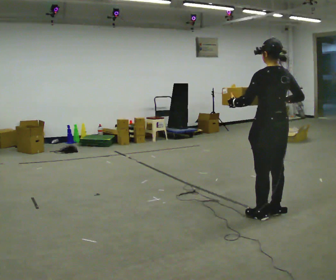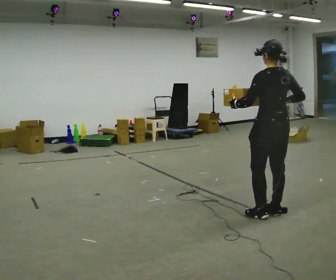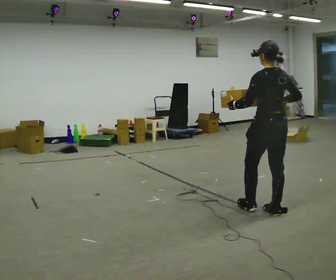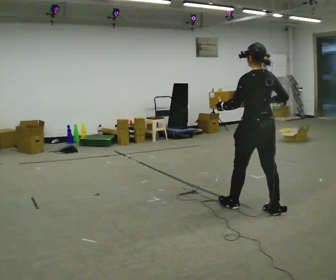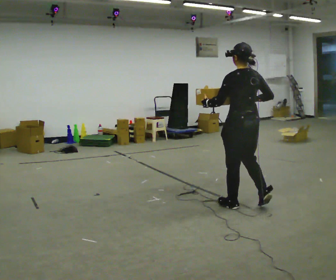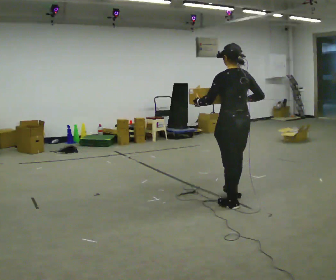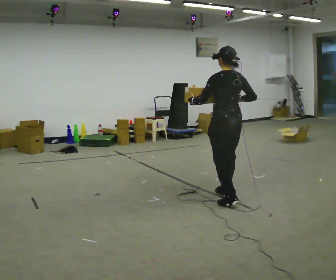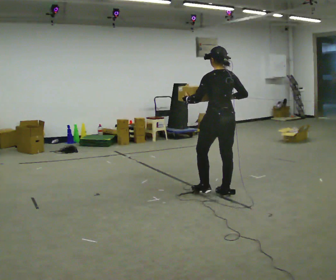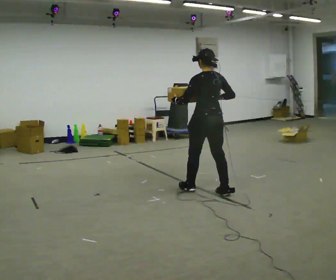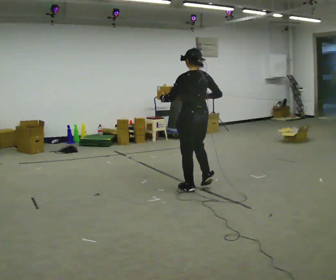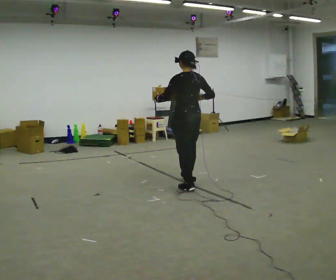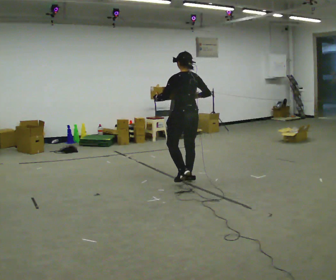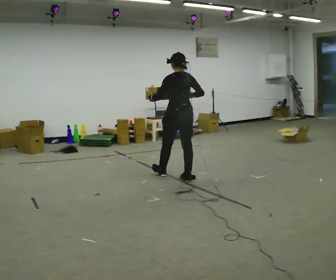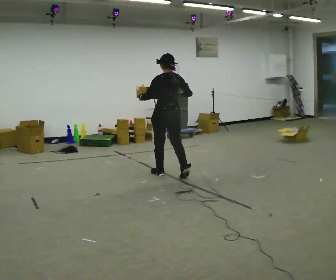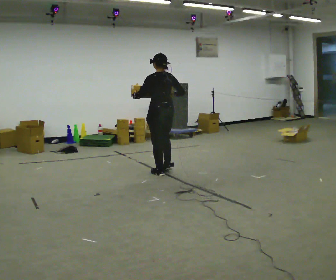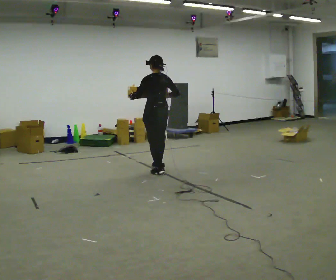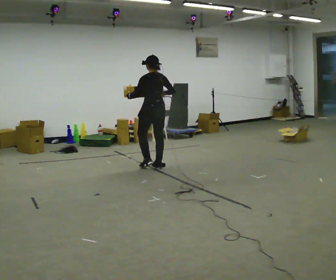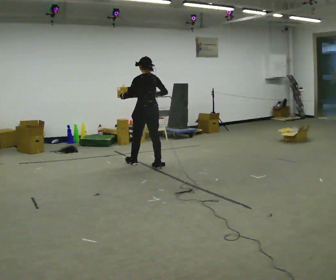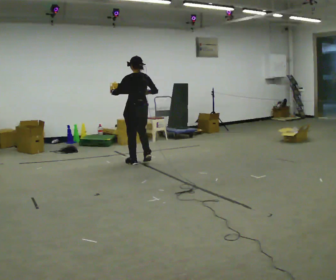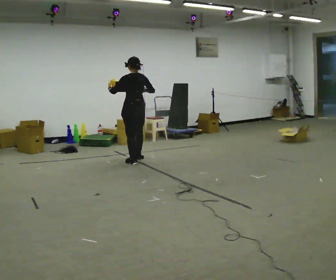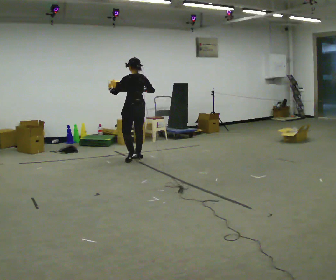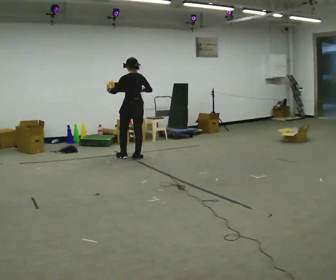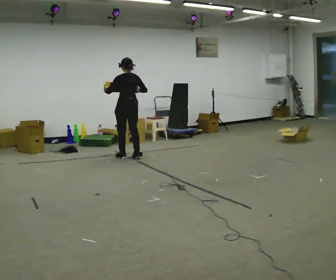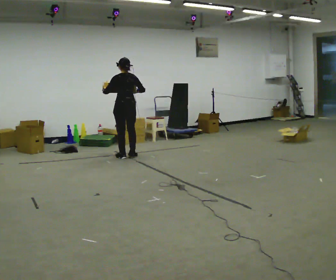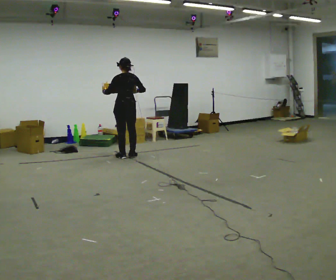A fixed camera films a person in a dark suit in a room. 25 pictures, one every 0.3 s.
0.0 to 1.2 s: In the picture they go away from the camera and to the left, about 0.25 m in 1 step, which for them is forward.
1.2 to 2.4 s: In the picture they go away from the camera and to the left, about 0.75 m in 2 steps, which for them is forward.
2.4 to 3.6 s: In the picture they go away from the camera and to the left, about 0.75 m in 1 step, which for them is forward.
3.6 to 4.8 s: In the picture they go away from the camera and to the left, about 0.5 m in 2 steps, which for them is forward.
4.8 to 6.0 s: In the picture they go away from the camera and to the left, about 0.5 m in 2 steps, which for them is forward.
6.0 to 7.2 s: In the picture they go away from the camera and to the left, about 0.25 m in 2 steps, which for them is forward.
The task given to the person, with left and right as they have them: Carry the medium box in both hands in front of you, walking back and forth across the room. Keep walking until the operator says stop.
The film runs forward here.
